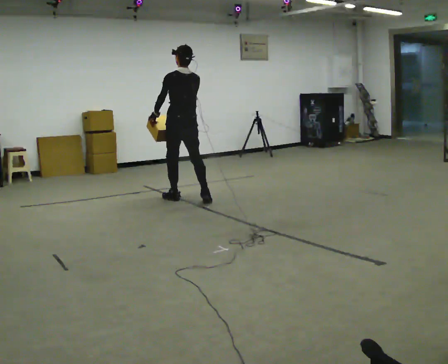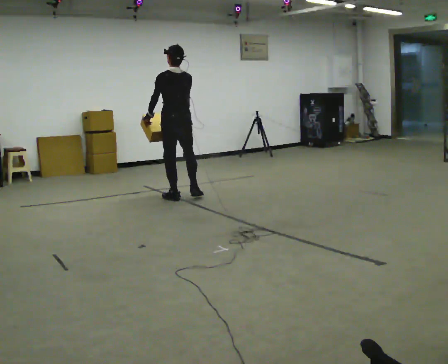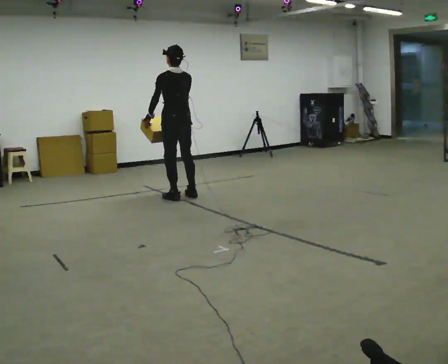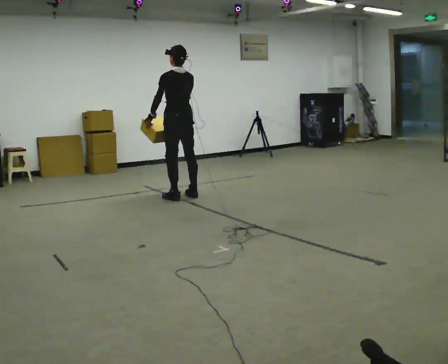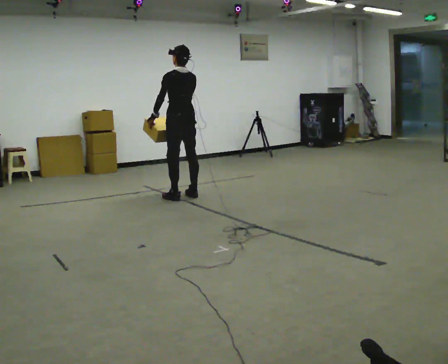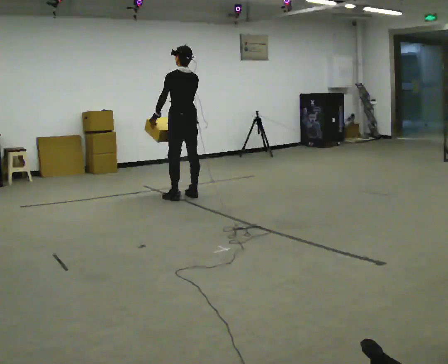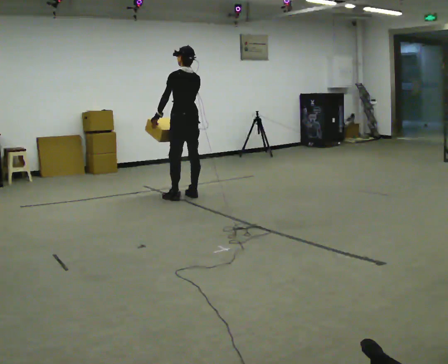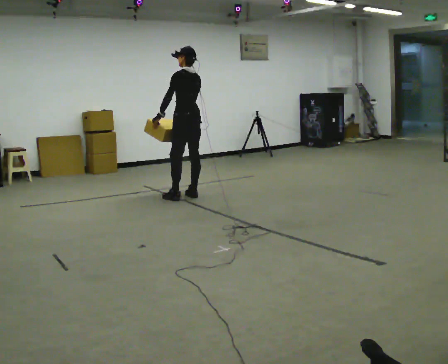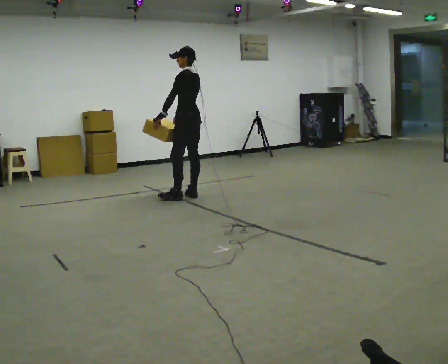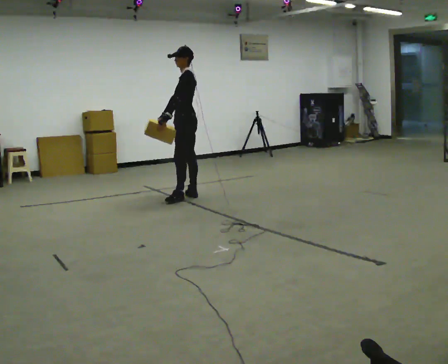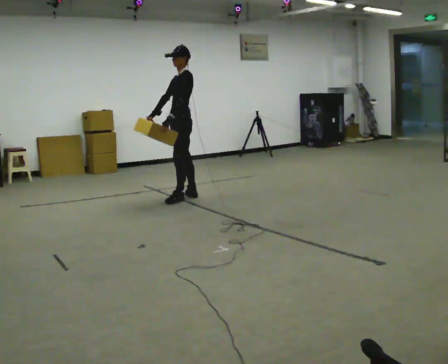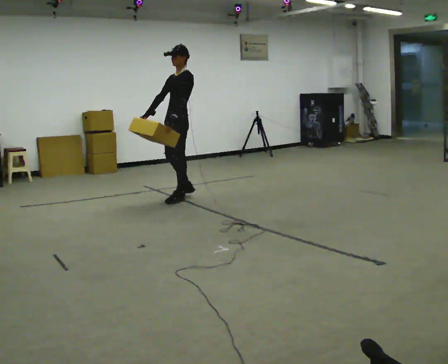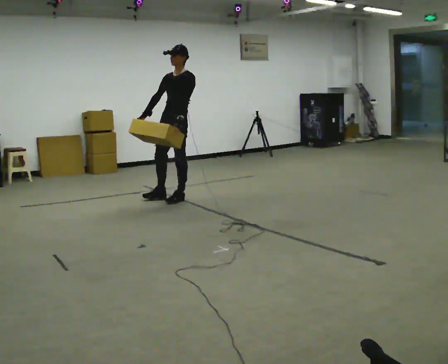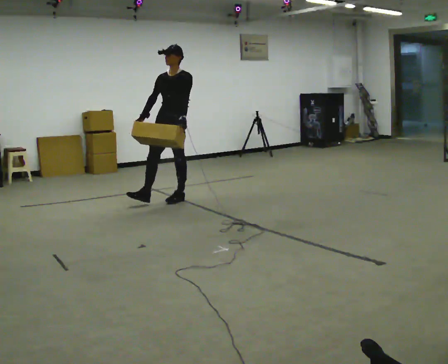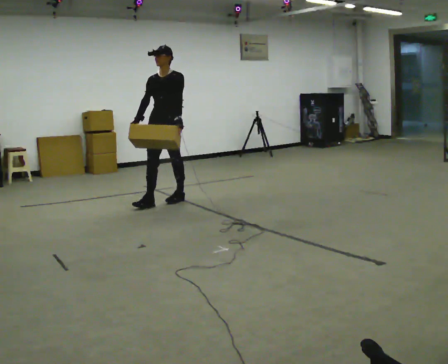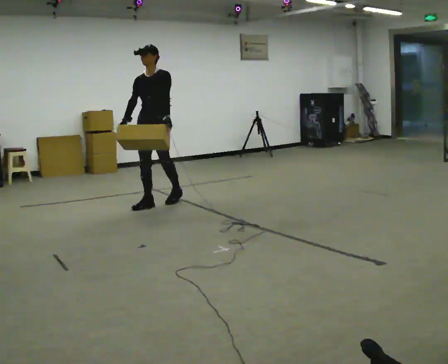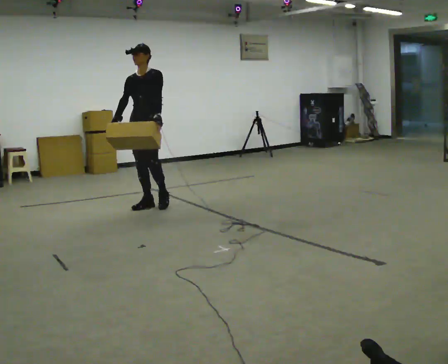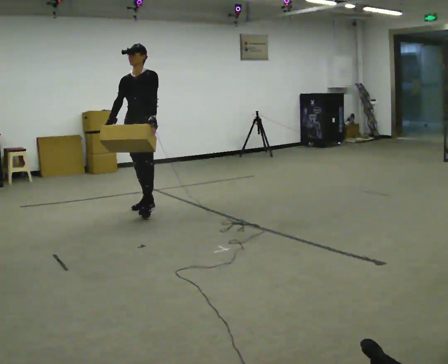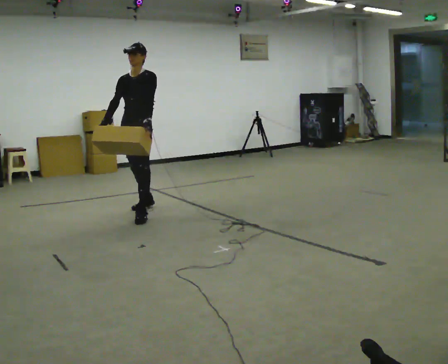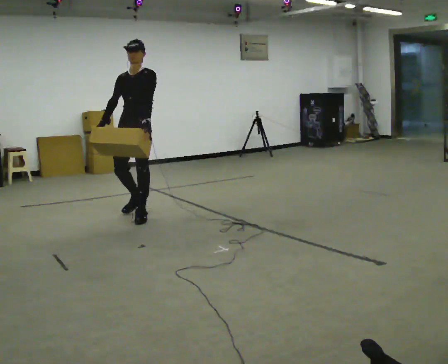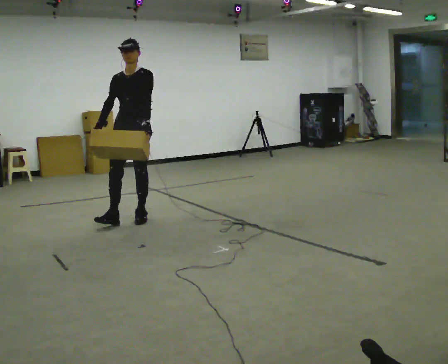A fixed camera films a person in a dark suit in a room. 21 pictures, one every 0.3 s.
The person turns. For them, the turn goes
to their left.
The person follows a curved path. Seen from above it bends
counterclockwise.
0.0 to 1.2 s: The person moves a little, or ends about where they began.
1.2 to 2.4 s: The part of the body nearest the lens slides to the right as the person turns to their left by about 30 degrees.
2.4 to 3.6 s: Seen from above the body turns counterclockwise, about 75 degrees: to their left, with its near side sliding to the right. In the picture they go toward the camera and to the left, about 0.25 m. In the picture their right hand goes to the left.
3.6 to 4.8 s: In the picture they go to the left and toward the camera, about 0.5 m in 1 step, which for them is forward and to their right.
4.8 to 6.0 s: In the picture they go toward the camera, about 0.5 m in 1 step, which for them is forward.
The film runs forward here.
